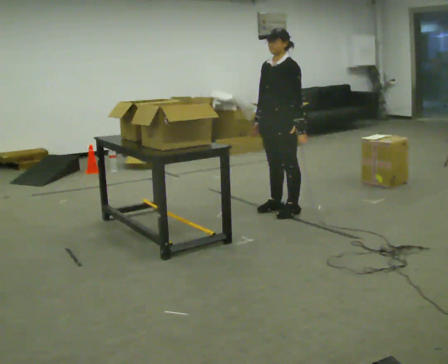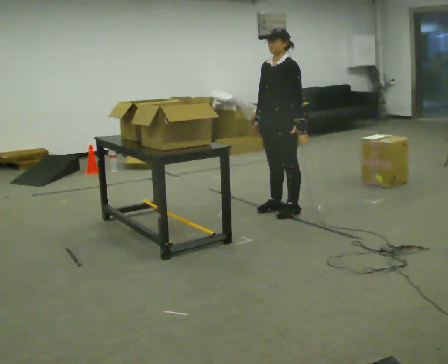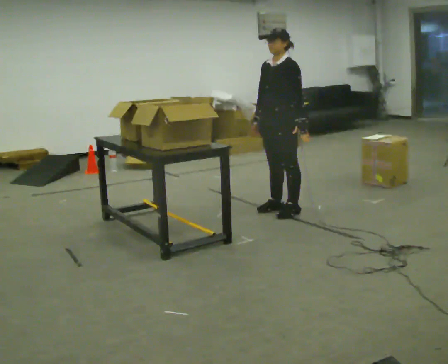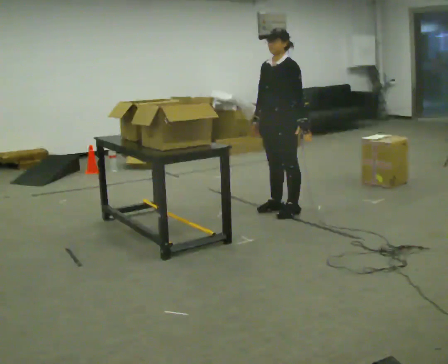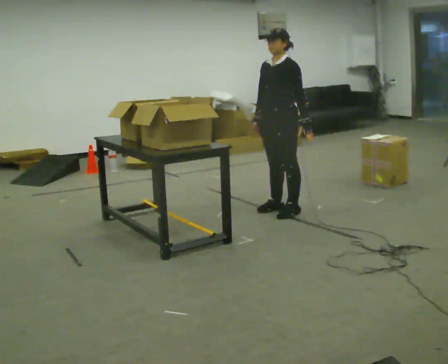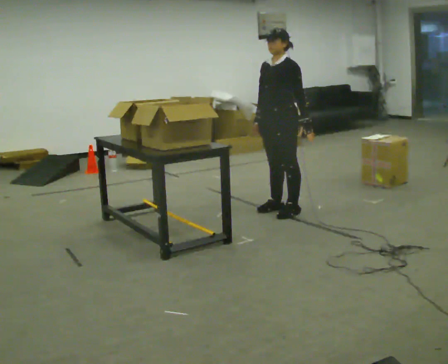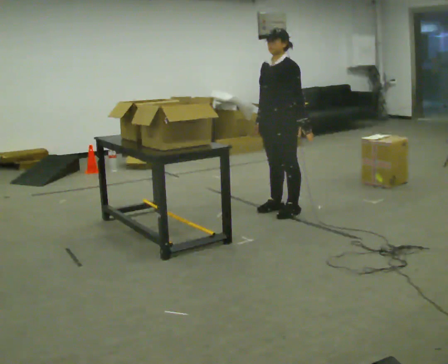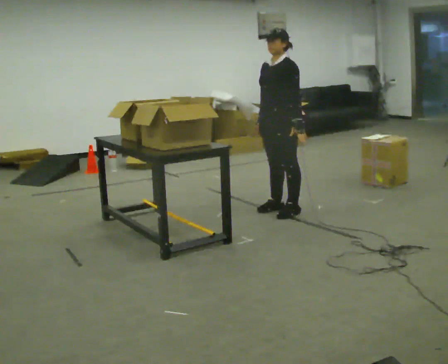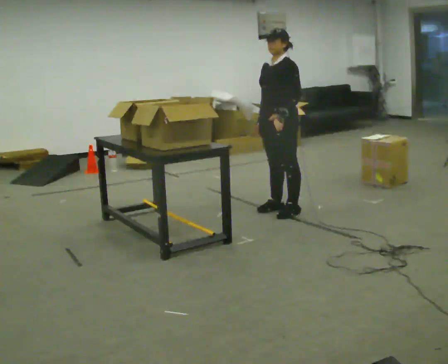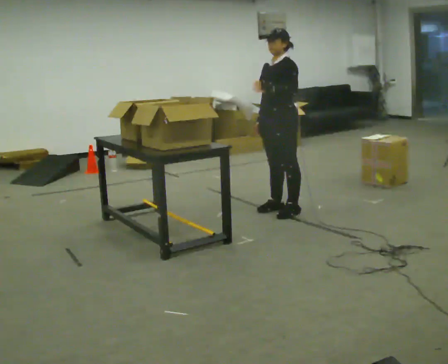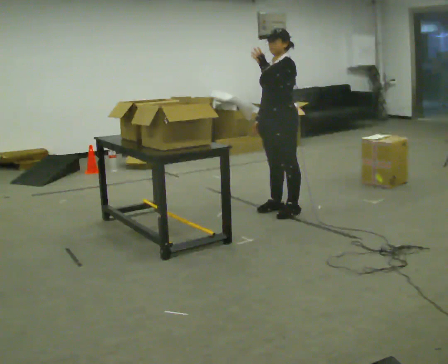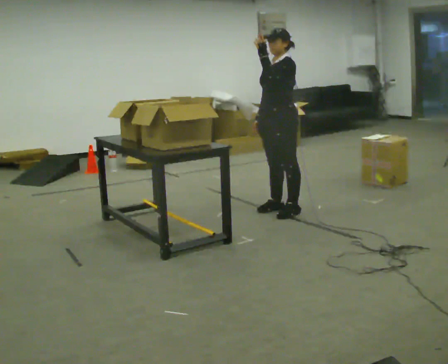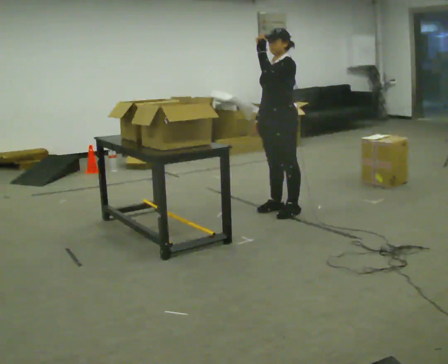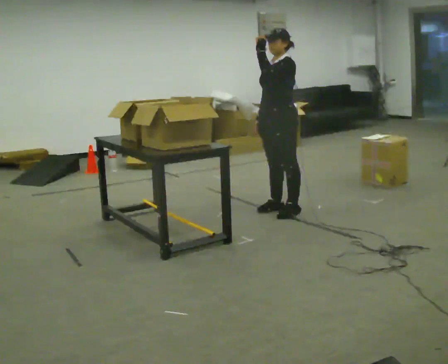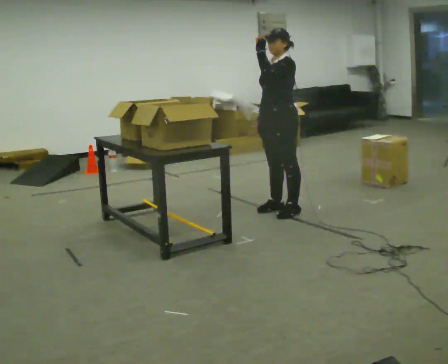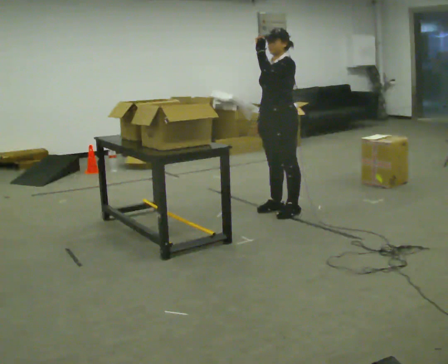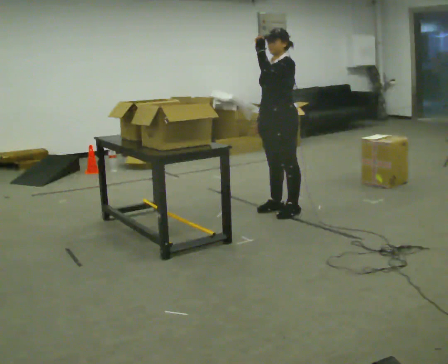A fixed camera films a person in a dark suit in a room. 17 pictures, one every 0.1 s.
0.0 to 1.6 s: In the picture their left hand goes upward and to the left.
The film runs backward here.
